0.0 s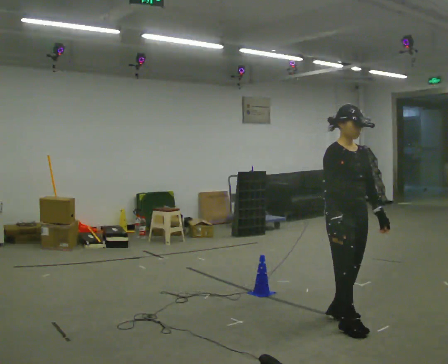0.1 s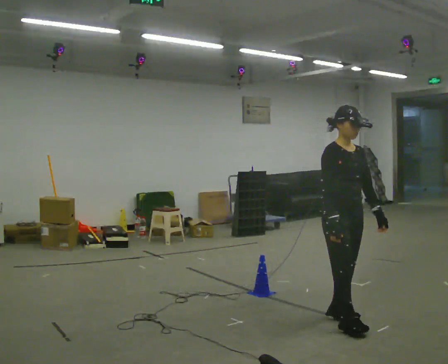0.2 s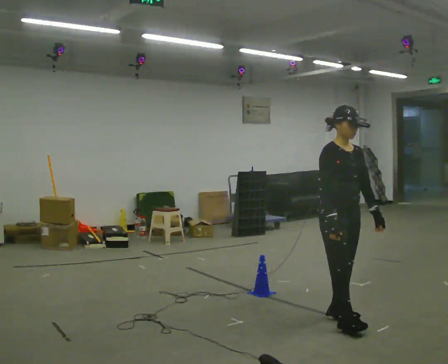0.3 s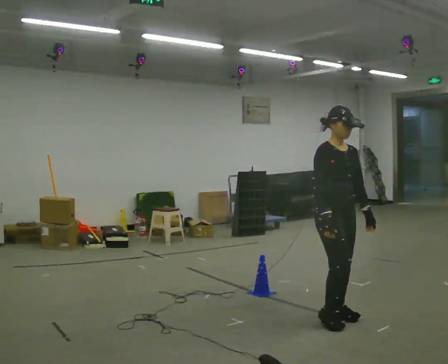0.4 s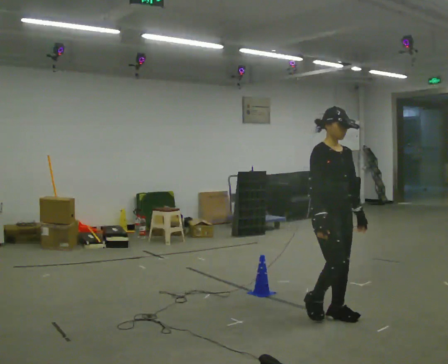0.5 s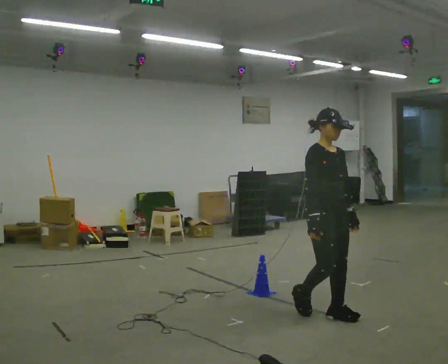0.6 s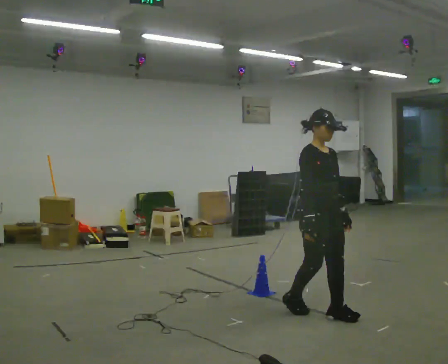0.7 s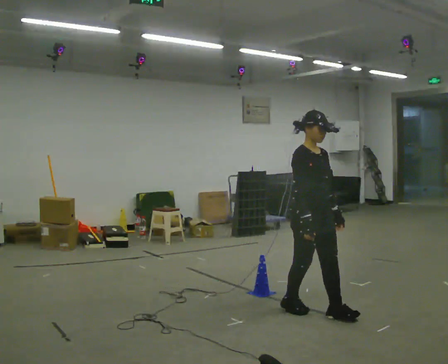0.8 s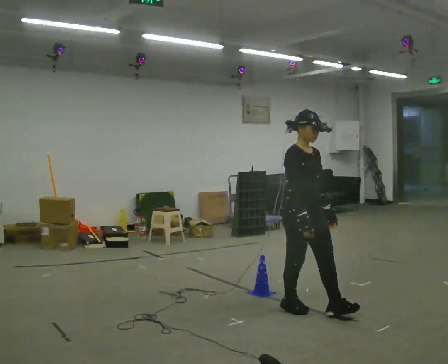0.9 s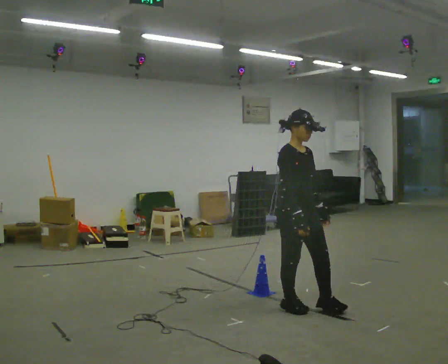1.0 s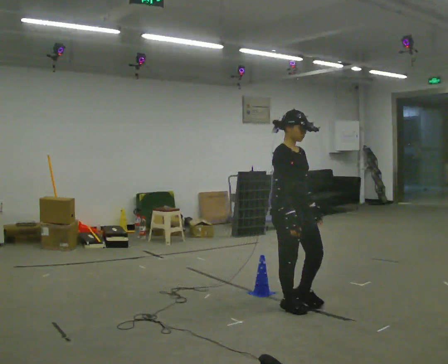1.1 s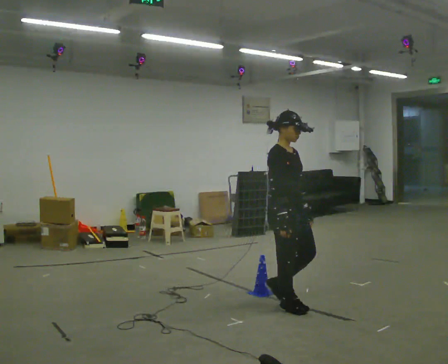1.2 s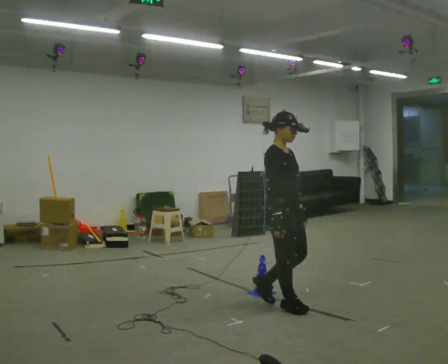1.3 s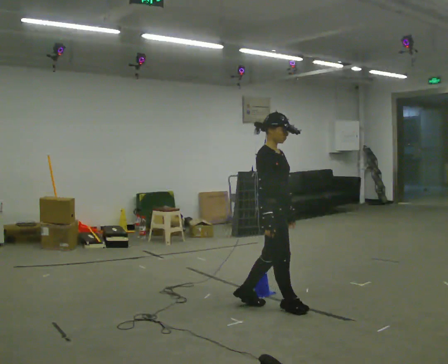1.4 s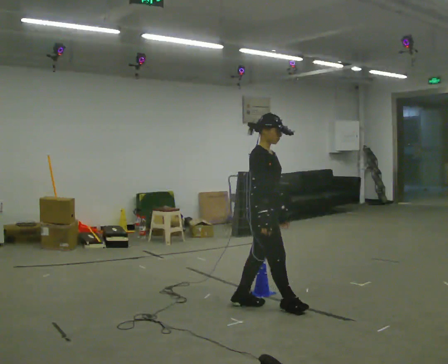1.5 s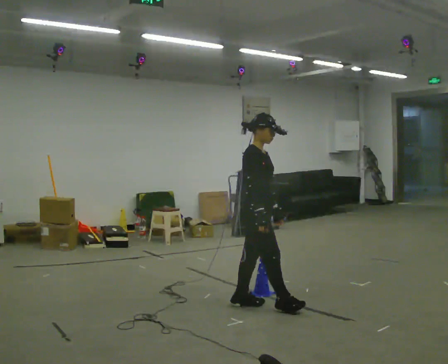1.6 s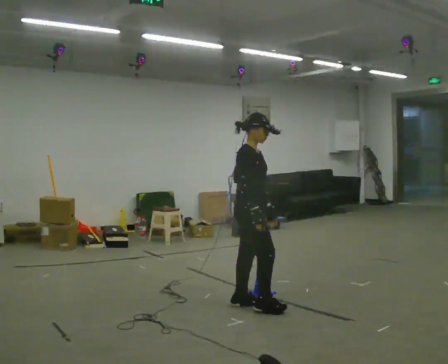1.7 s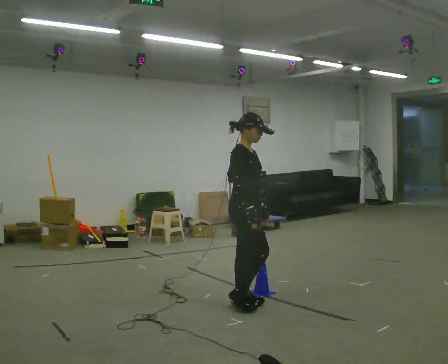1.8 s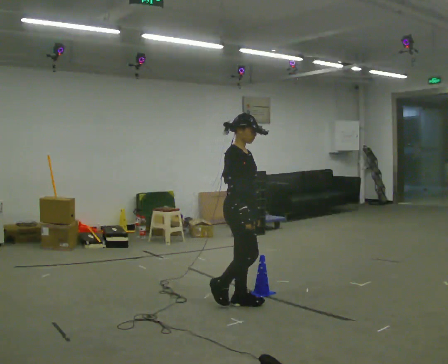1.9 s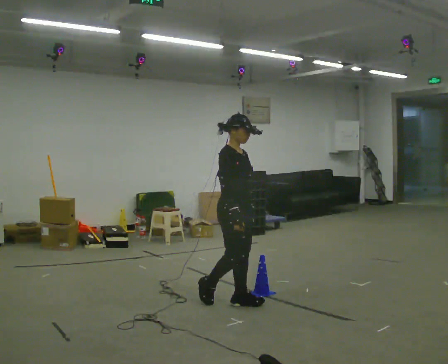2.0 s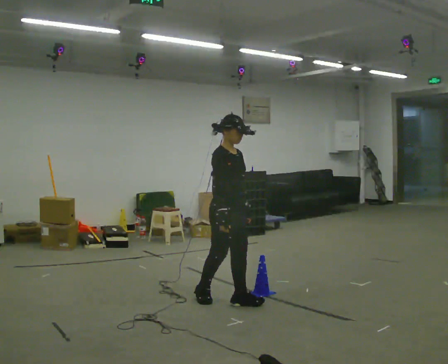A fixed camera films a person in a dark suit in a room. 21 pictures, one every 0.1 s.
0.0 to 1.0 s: In the picture they go to the left and away from the camera, about 0.5 m in 2 steps, which for them is backward.
1.0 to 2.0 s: In the picture they go to the left and away from the camera, about 0.5 m in 1 step, which for them is backward.
The film runs backward here.
